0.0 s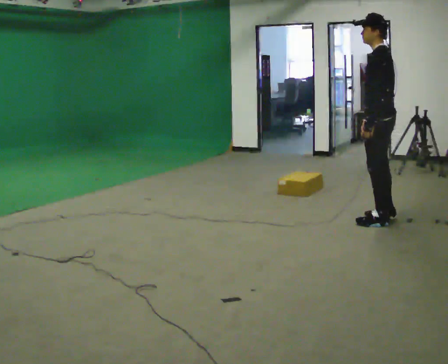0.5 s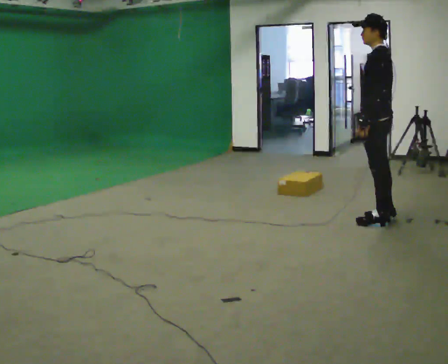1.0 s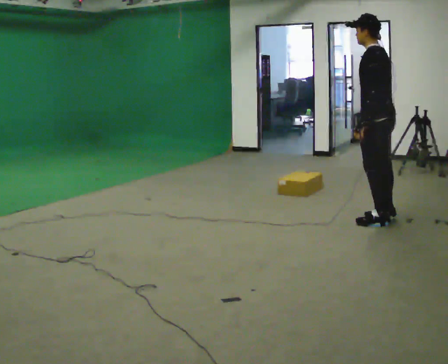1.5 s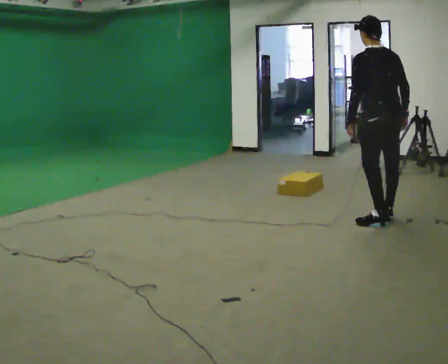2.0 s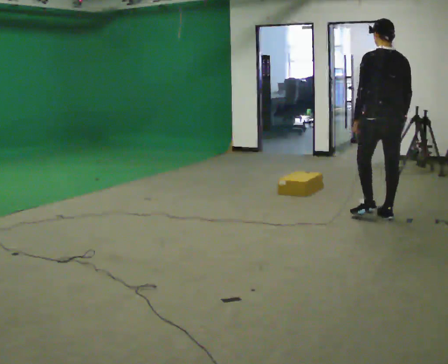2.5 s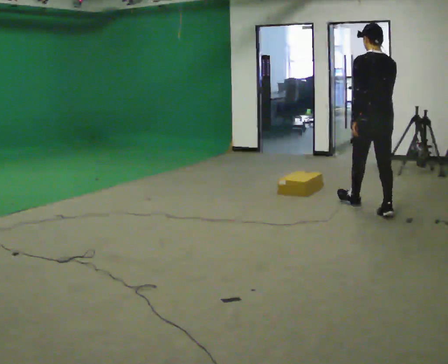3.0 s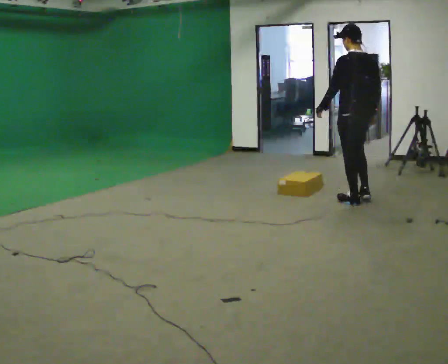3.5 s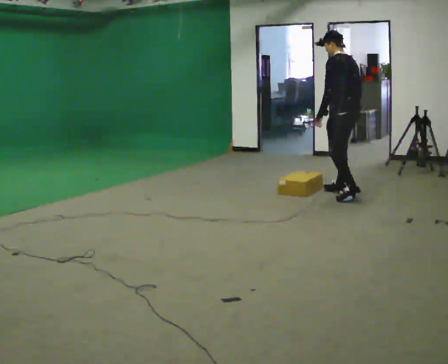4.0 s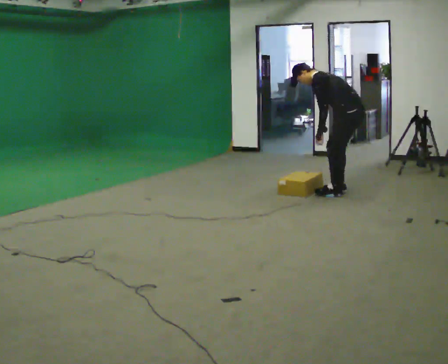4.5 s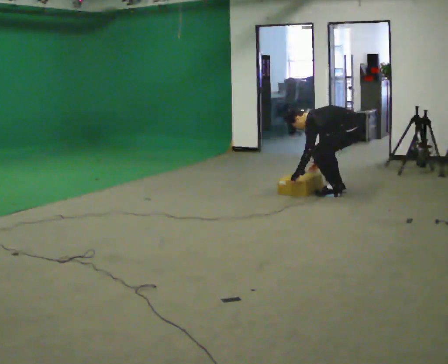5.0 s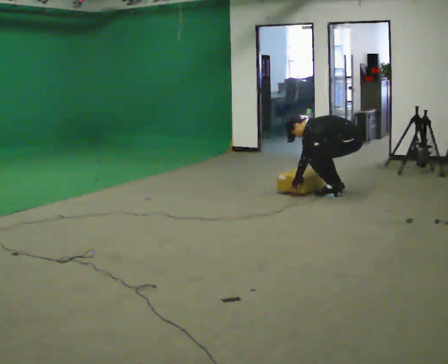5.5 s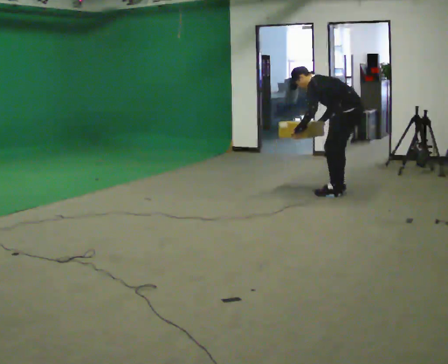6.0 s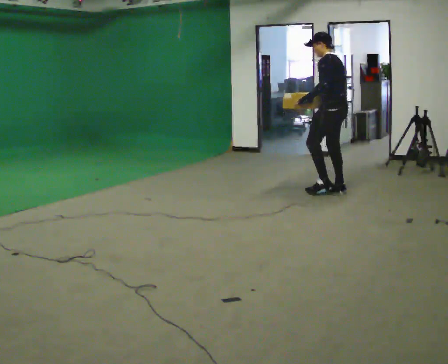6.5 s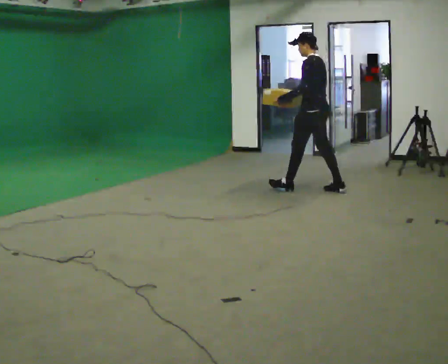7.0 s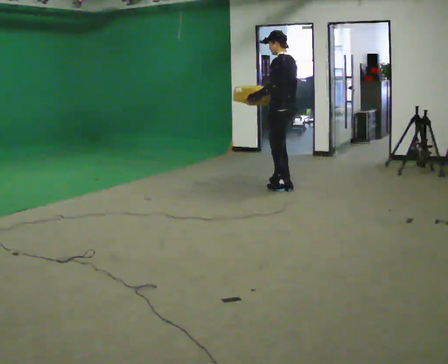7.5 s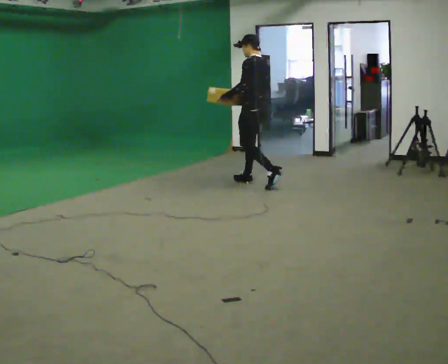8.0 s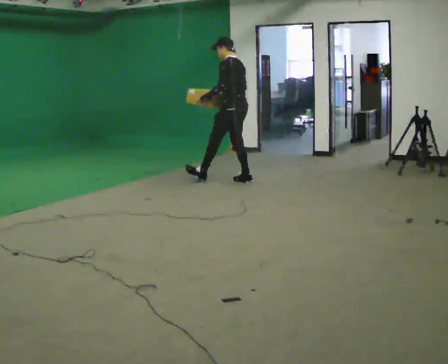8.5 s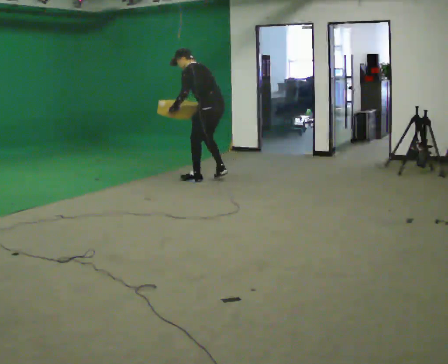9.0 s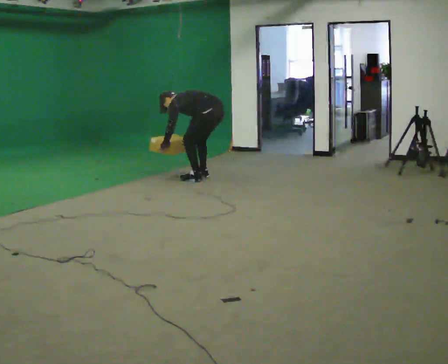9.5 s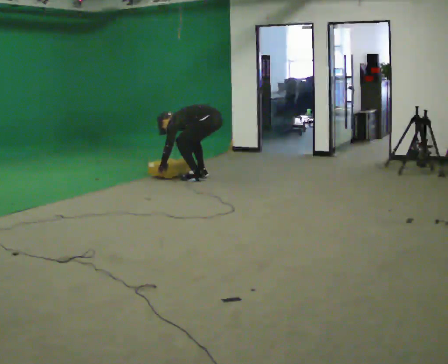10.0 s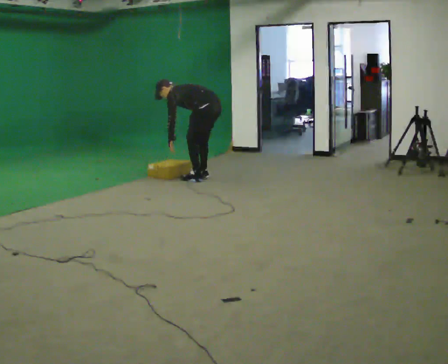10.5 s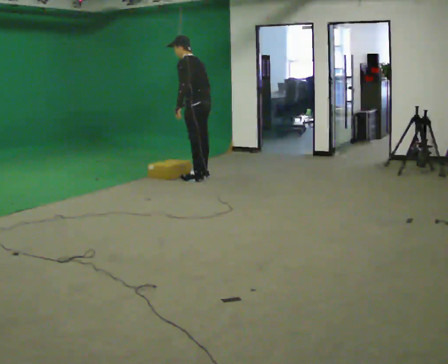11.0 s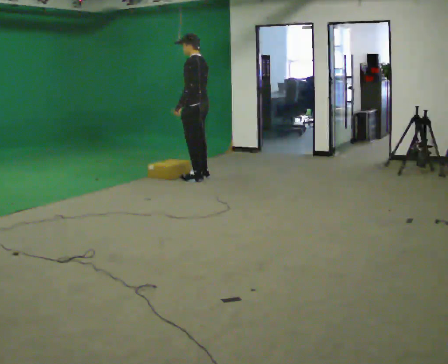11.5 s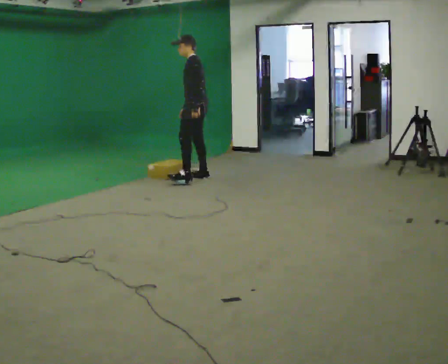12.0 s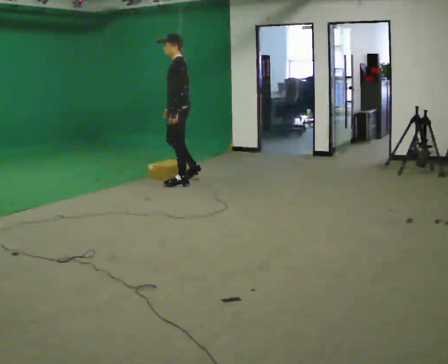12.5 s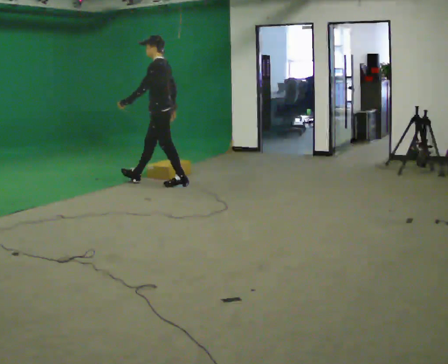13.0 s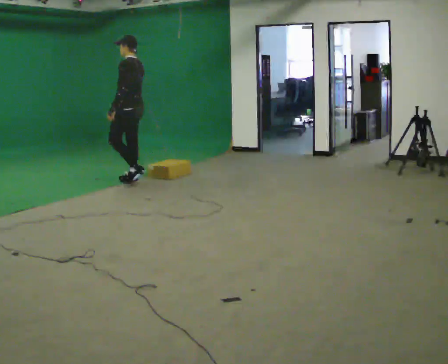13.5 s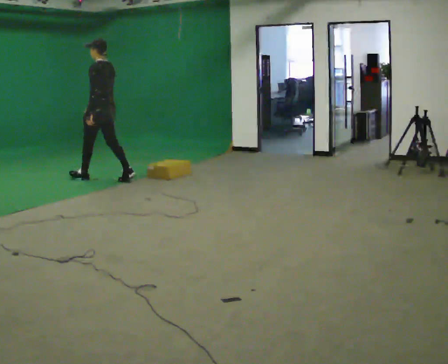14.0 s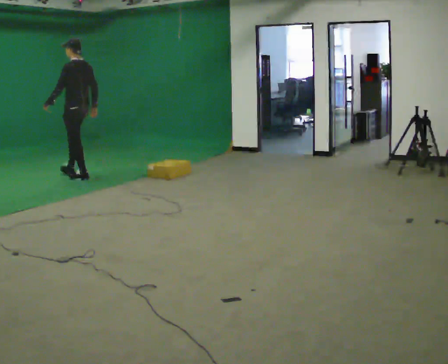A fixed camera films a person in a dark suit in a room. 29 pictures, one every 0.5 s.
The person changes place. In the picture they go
to the left.
0.0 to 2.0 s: The person turns about 60 degrees to their right, clockwise seen from above, so the part of the body nearest the lens slides to the left. In the picture they go away from the camera, about 0.25 m.
2.0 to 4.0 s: The part of the body nearest the lens slides to the right as the person turns to their left by about 60 degrees. In the picture they go away from the camera, about 1 m in 2 steps, which for them is forward. The shoulders move downward. In the picture the upper body tilts counterclockwise, shoulders to the left, as they bend forward.
4.0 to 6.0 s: In the picture they go to the left, about 0.25 m in 2 steps, which for them is forward. In the picture their right hand goes upward.
6.0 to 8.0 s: In the picture they go to the left, about 1 m in 2 steps, which for them is forward.
8.0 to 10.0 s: In the picture they go to the left, about 0.25 m in 2 steps, which for them is forward. In the picture their right hand goes downward.
10.0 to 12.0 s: Seen from above the body turns counterclockwise, about 30 degrees: to their left, with its near side sliding to the right. In the picture they go to the left and toward the camera, about 0.5 m in 1 step, which for them is to their left and forward. The shoulders move upward. In the picture the upper body tilts clockwise, shoulders to the right, as they lean back or straighten.
12.0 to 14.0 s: In the picture they go to the left, about 1.5 m in 2 steps, which for them is forward.
The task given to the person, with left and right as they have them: Start still; walk straight at normal comfortable speed; stop at endpoint.
The film runs forward here.
